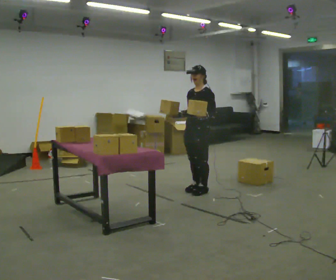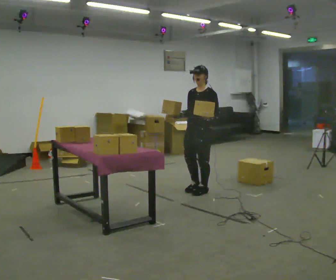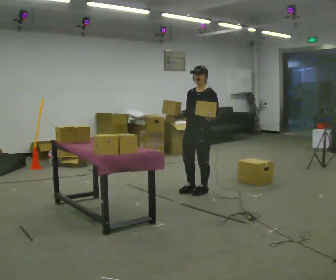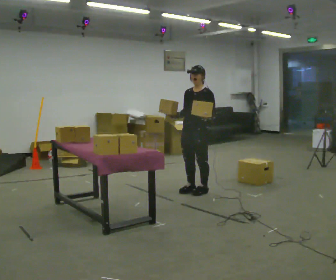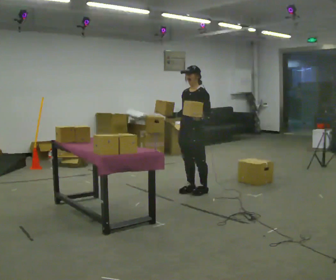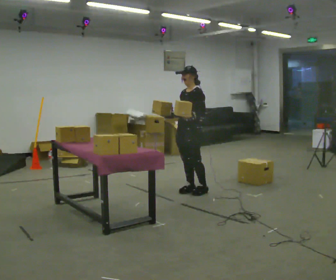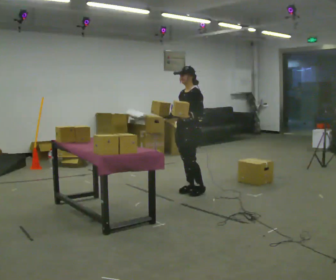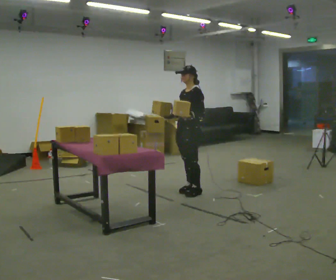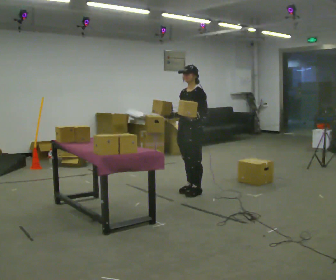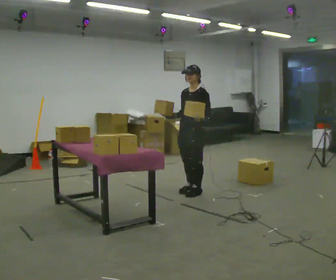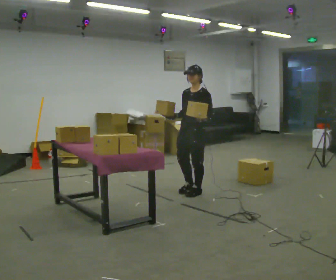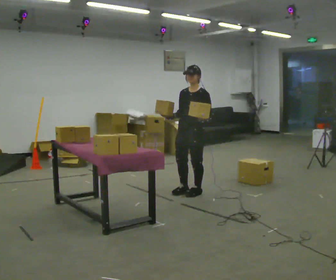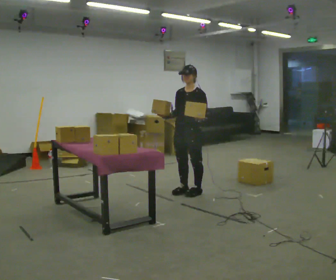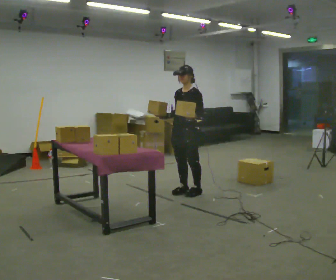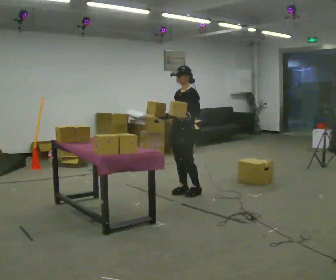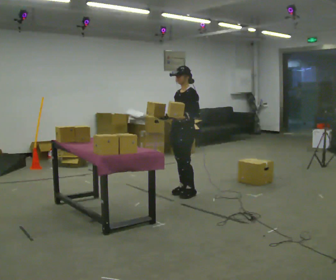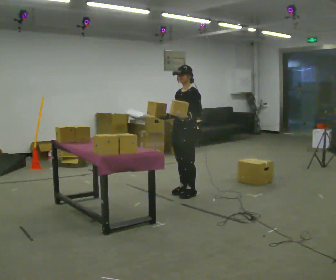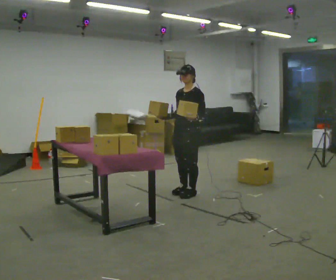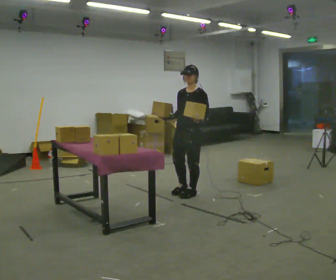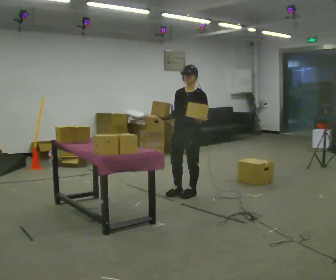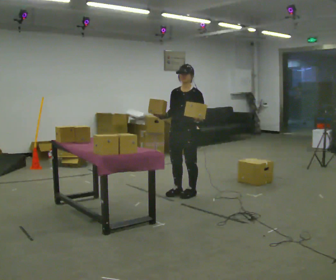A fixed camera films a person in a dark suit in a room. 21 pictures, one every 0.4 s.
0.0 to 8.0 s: In the picture they go to the left, about 0.25 m, which for them is forward.
The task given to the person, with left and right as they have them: Pick up both objects, carry them together, then put each one in a different place. Keep going until the operator says stop; one object at a time, and do not rush between trips.
The film runs forward here.
